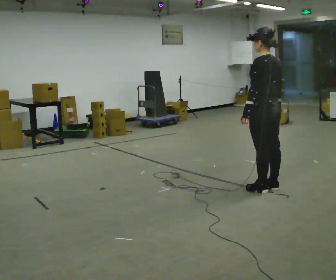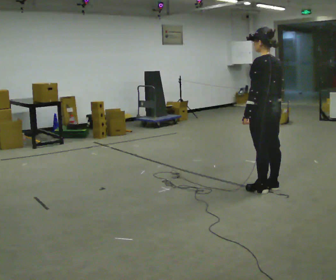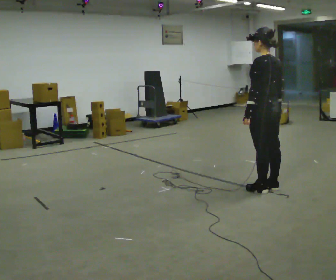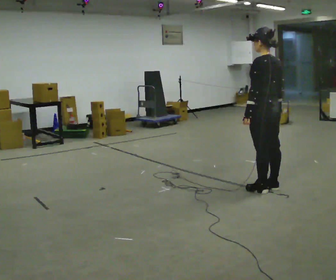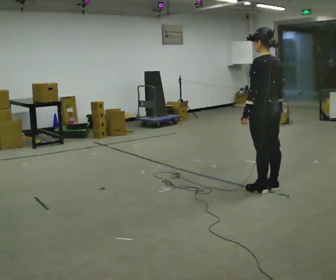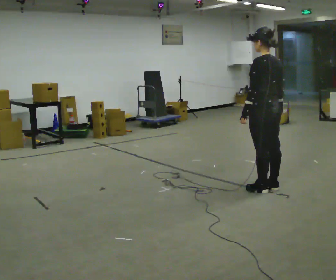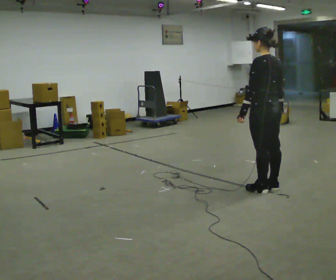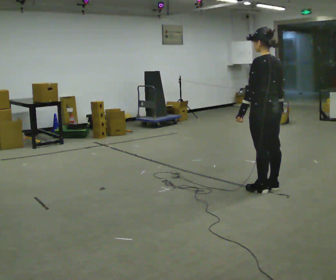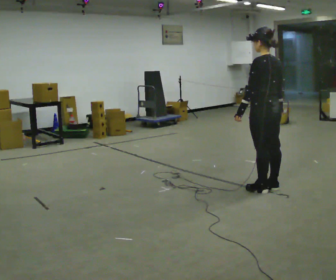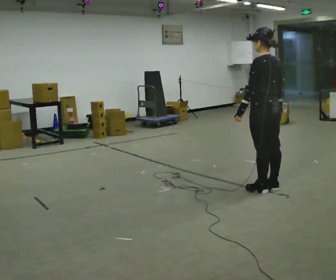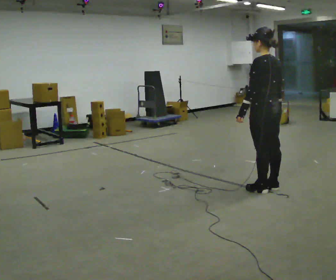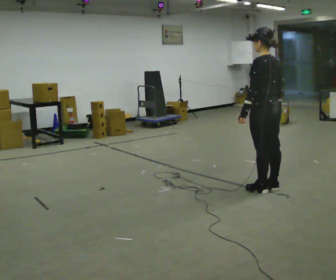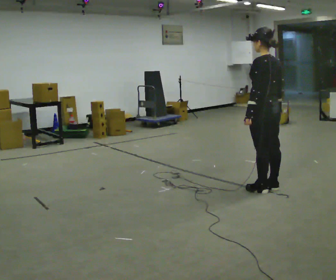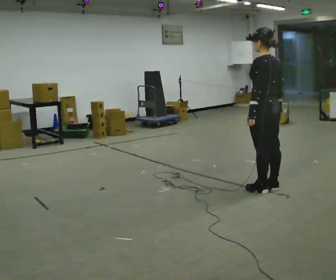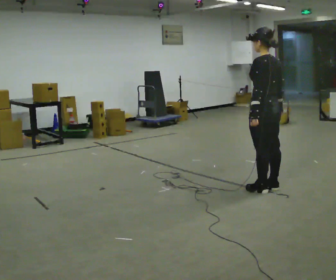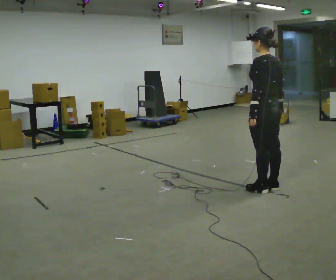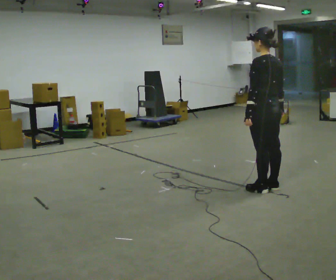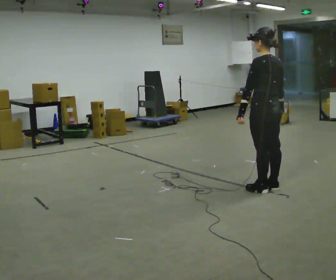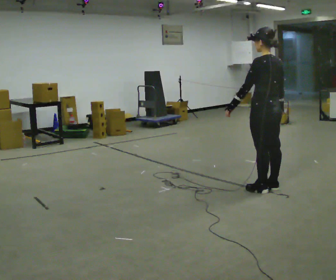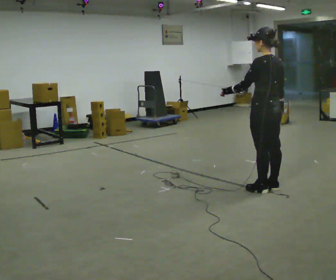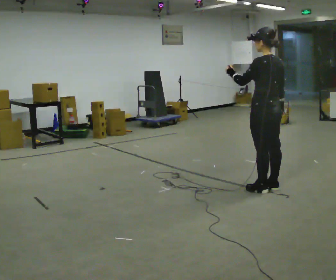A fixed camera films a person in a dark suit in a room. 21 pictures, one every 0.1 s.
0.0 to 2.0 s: The person moves a little, or ends about where they began.
The film runs backward here.
